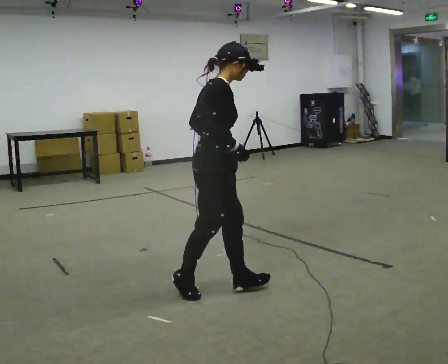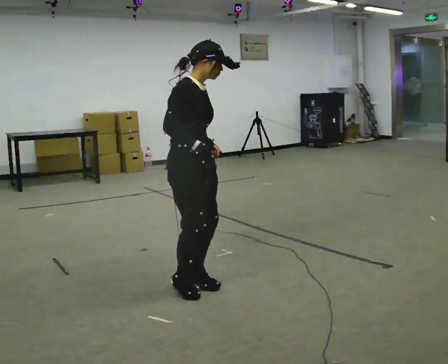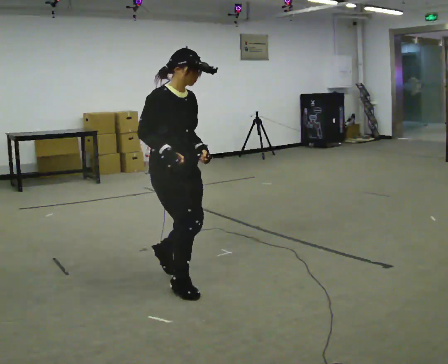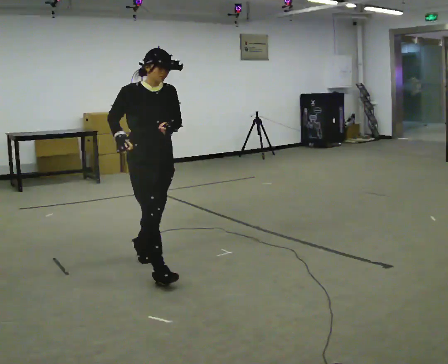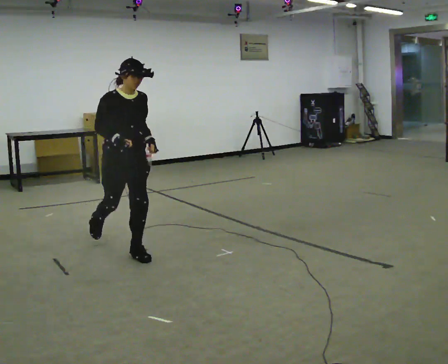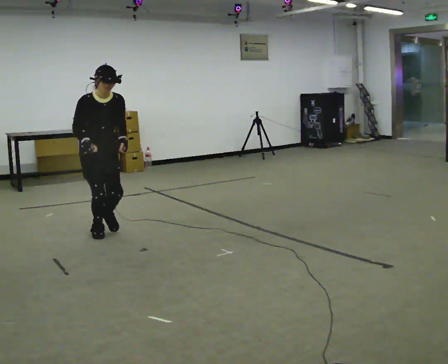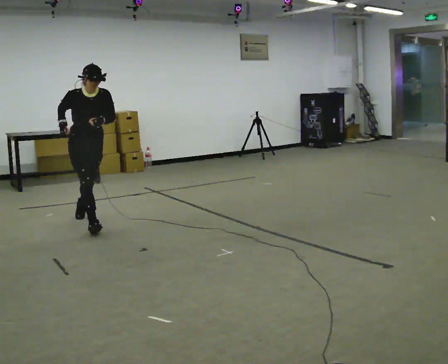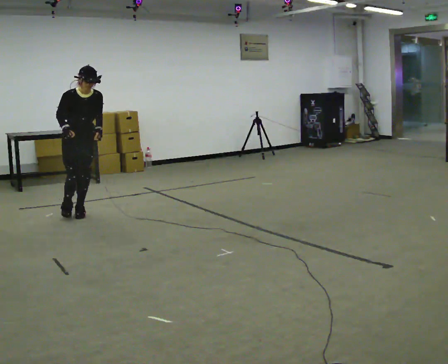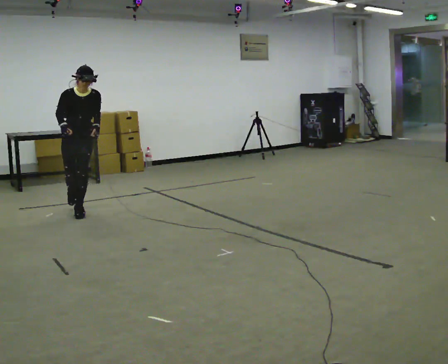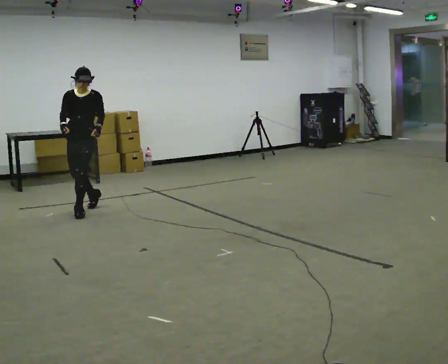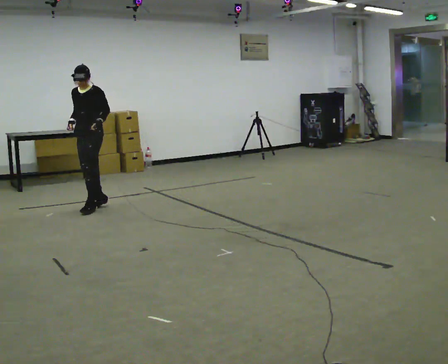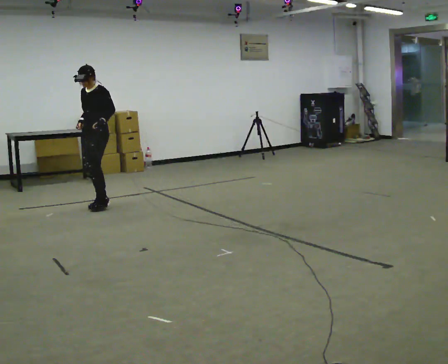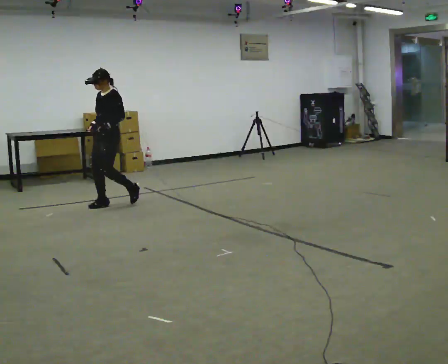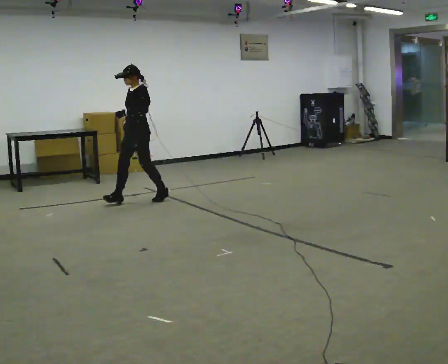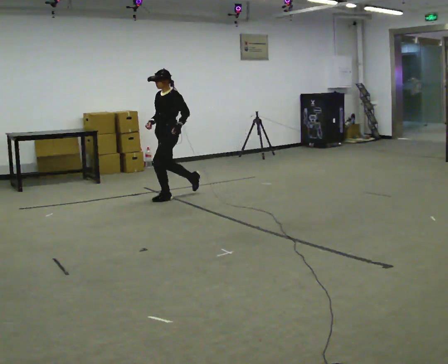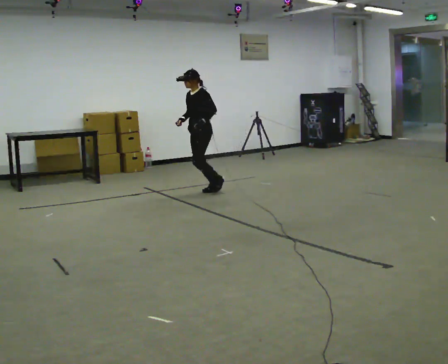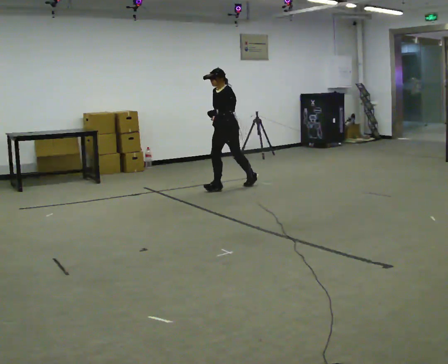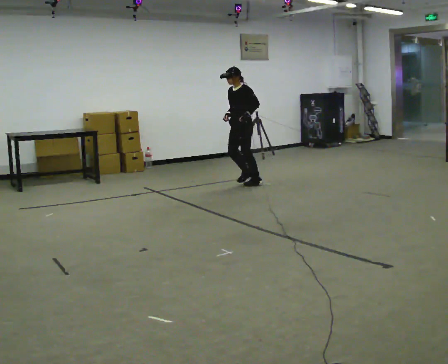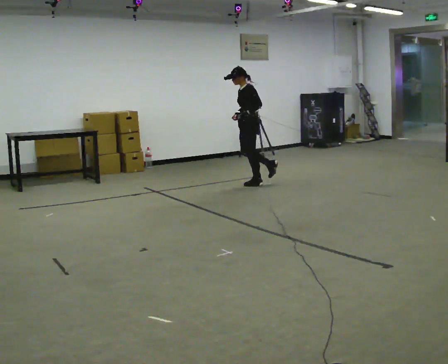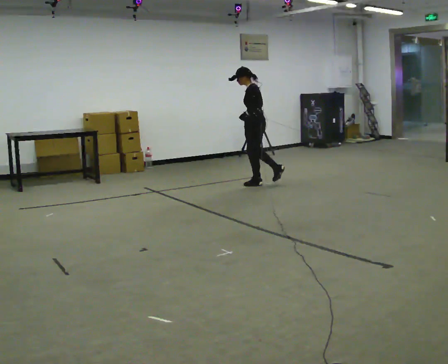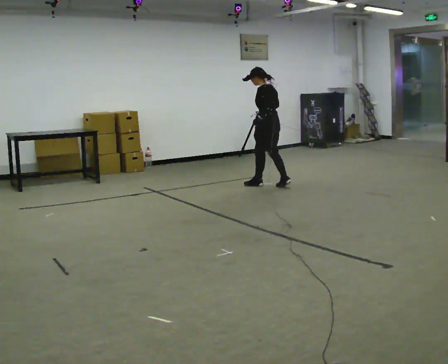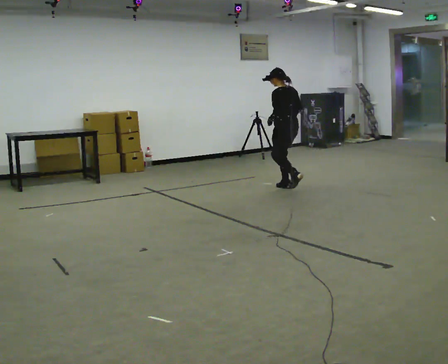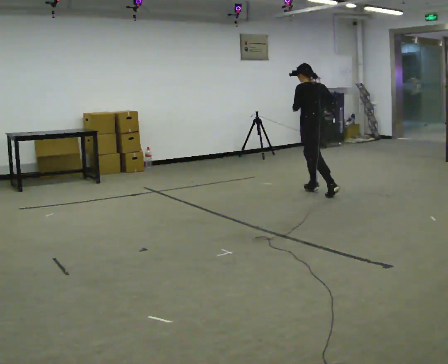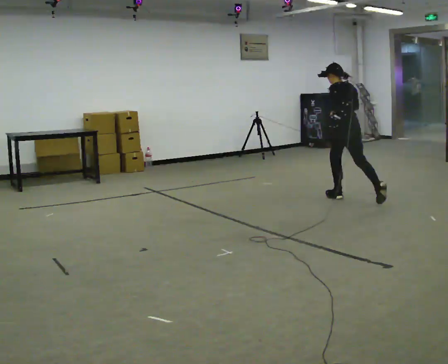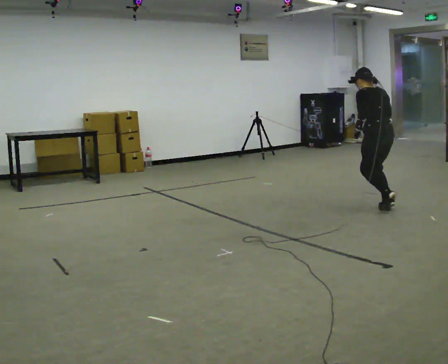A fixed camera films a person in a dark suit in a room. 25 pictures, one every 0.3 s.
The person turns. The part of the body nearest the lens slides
to the left.
The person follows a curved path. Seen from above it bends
clockwise.
0.0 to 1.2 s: Seen from above the body turns clockwise, about 45 degrees: to their right, with its near side sliding to the left. In the picture they go away from the camera and to the left, about 1 m in 1 step, which for them is backward.
1.2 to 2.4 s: In the picture they go away from the camera, about 1.5 m in 2 steps, which for them is backward.
2.4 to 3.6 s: Seen from above the body turns clockwise, about 60 degrees: to their right, with its near side sliding to the left. In the picture they go away from the camera and to the right, about 0.5 m in 1 step, which for them is backward.
3.6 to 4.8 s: In the picture they go to the right, about 1.5 m in 3 steps, which for them is backward.
4.8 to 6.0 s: Seen from above the body turns clockwise, about 75 degrees: to their right, with its near side sliding to the left. In the picture they go to the right, about 0.5 m in 1 step.
6.0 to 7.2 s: Seen from above the body turns clockwise, about 30 degrees: to their right, with its near side sliding to the left. In the picture they go toward the camera and to the right, about 1.5 m in 3 steps, which for them is backward. The upper body tips away from the camera, its near side rolling upward.
The film runs backward here.
